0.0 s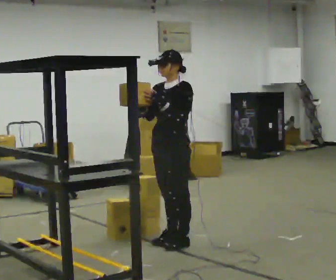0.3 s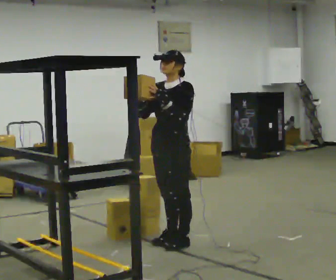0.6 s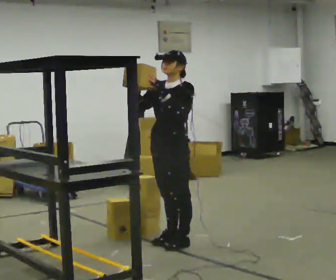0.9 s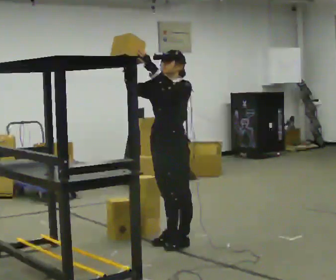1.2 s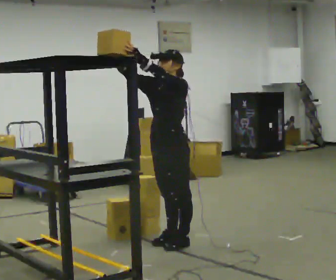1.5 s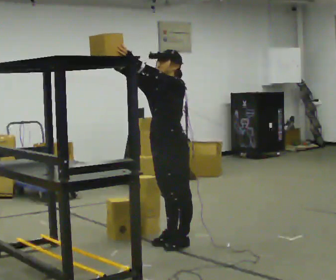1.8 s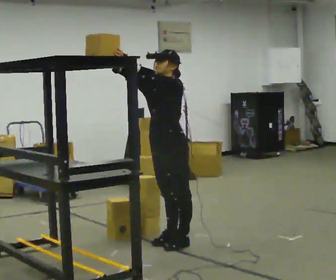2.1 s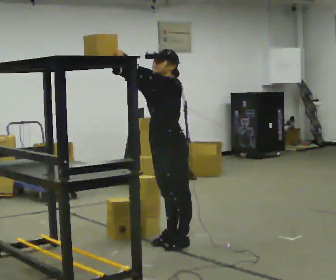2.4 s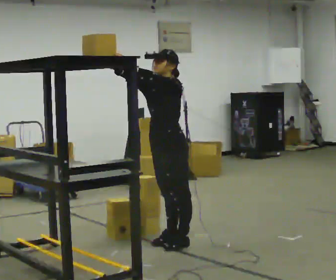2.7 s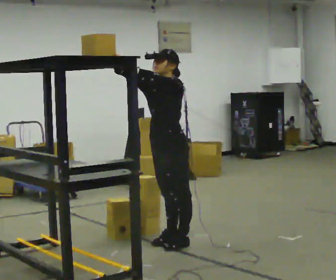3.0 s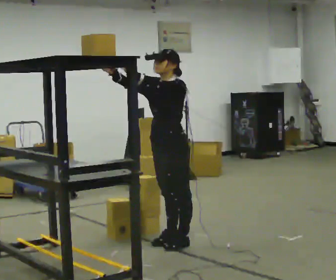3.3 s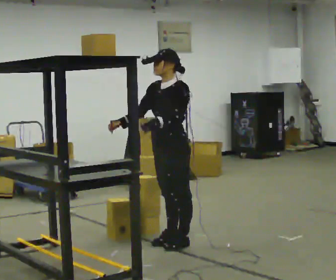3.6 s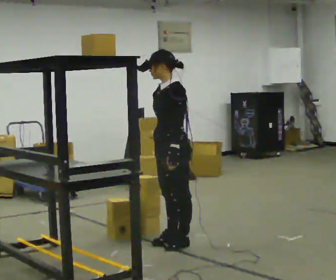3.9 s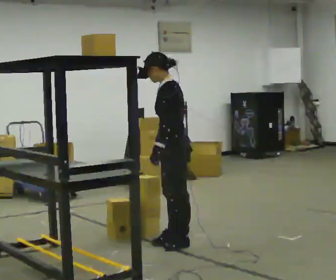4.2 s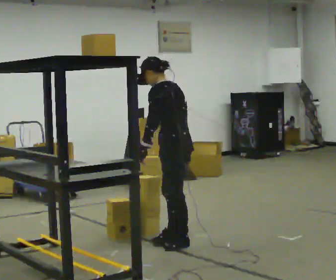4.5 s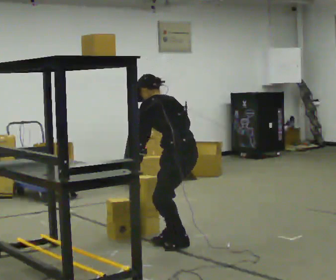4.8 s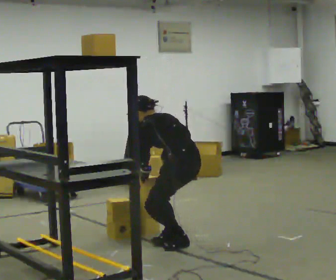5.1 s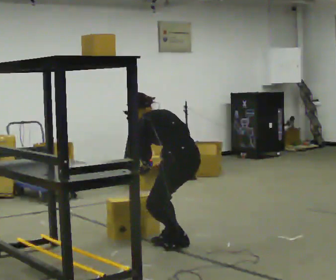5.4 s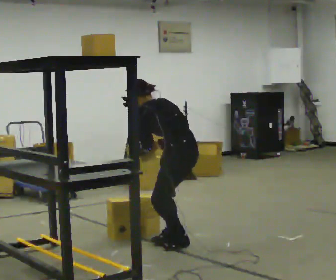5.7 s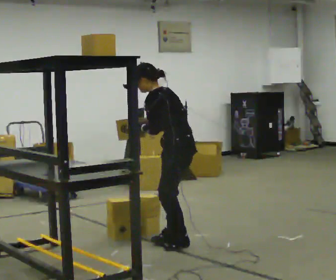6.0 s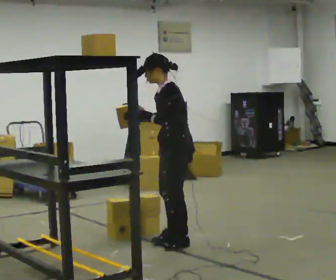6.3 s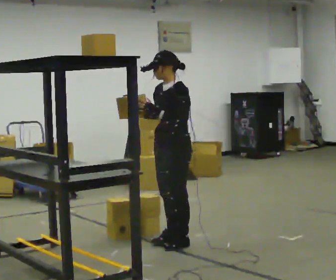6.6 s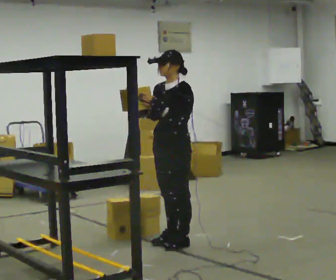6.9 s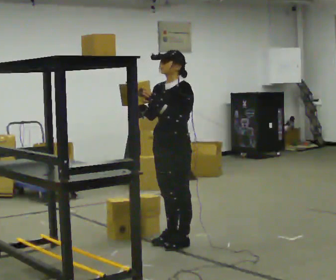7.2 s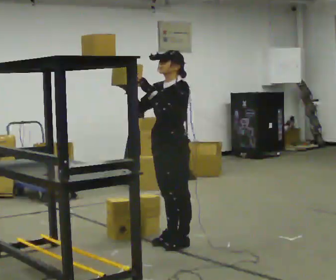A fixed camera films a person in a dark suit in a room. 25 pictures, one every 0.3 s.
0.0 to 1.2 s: In the picture their right hand goes upward.
1.2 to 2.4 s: The person moves a little, or ends about where they began.
2.4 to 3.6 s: In the picture their right hand goes downward and to the right, the arm swinging counterclockwise.
3.6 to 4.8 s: The person turns about 60 degrees to their right, clockwise seen from above, so the part of the body nearest the lens slides to the left. The shoulders move downward. The upper body tips away from the camera, its near side rolling upward, as they bend forward.
4.8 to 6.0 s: Seen from above the body turns counterclockwise, about 45 degrees: to their left, with its near side sliding to the right. The shoulders move upward. The upper body tips toward the camera, its near side rolling downward, as they lean back or straighten. In the picture their right hand goes upward.
6.0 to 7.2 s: The person moves a little, or ends about where they began.
The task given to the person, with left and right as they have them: Pick an object up off the floor at your feet and place it on the highest shelf you can comfortably reach. Repeat at your own pace until the operator says stop. Keep both feet on the marked spots for the whole take. If you have to step, stop and tell the operator.
The film runs forward here.
